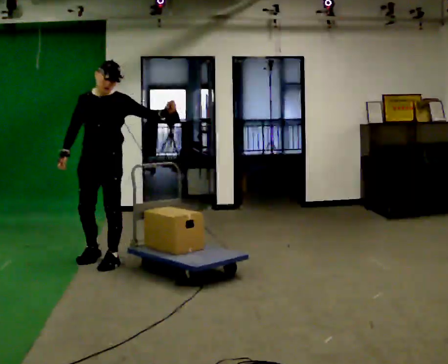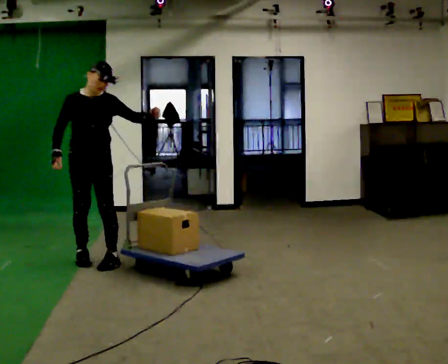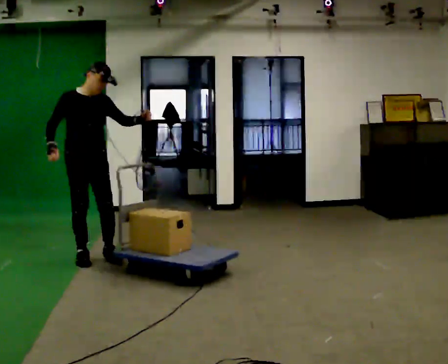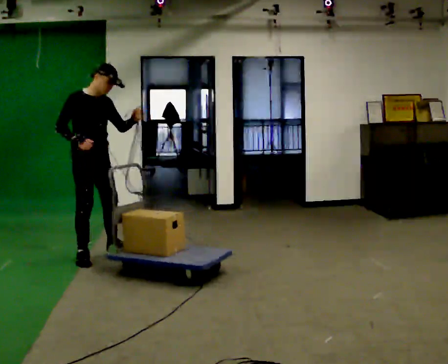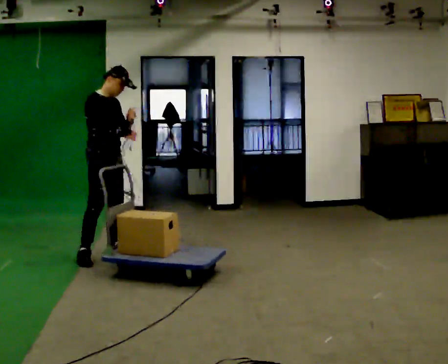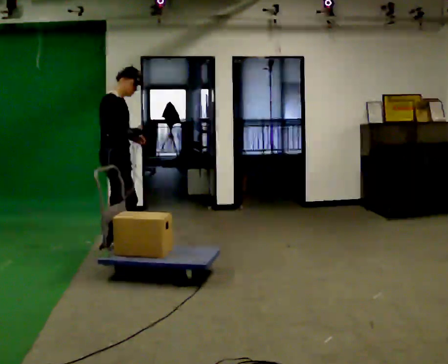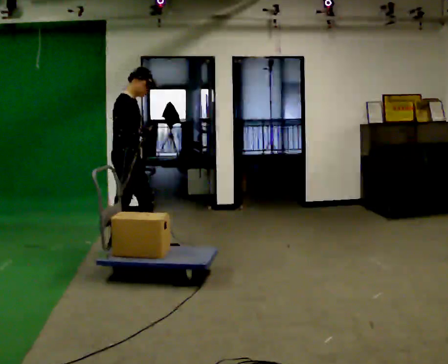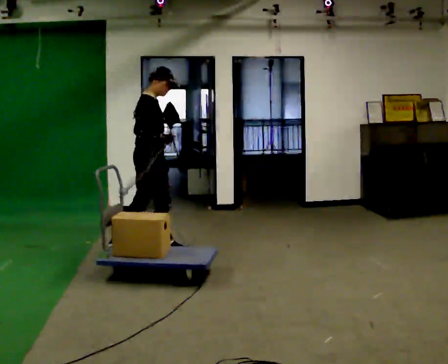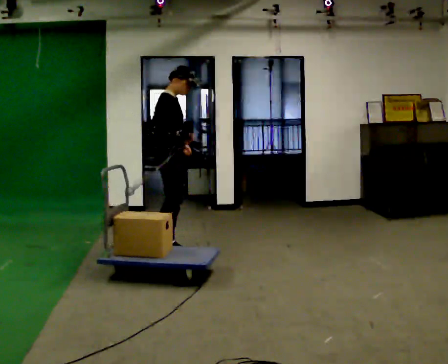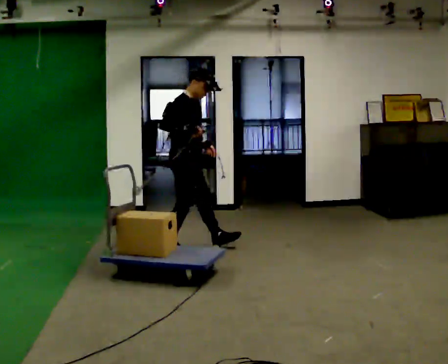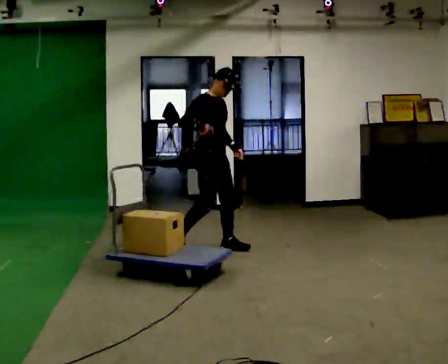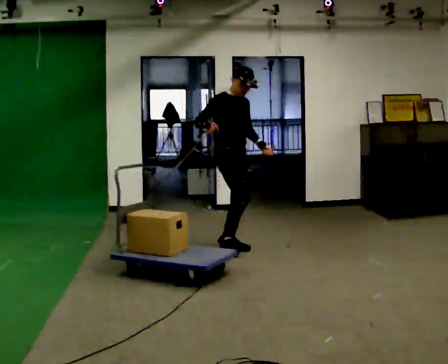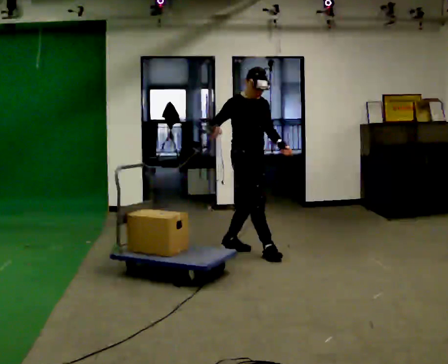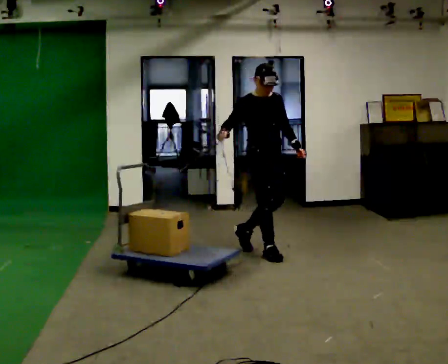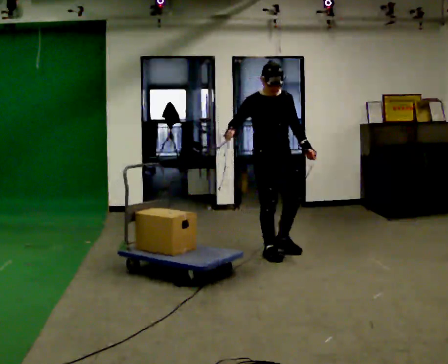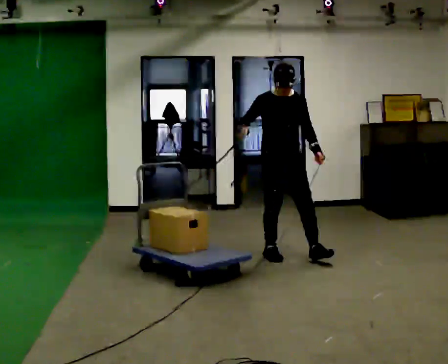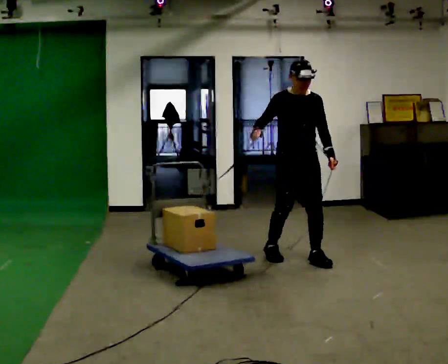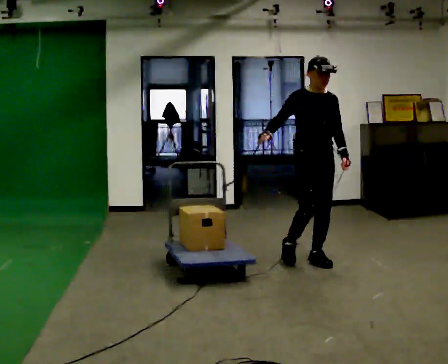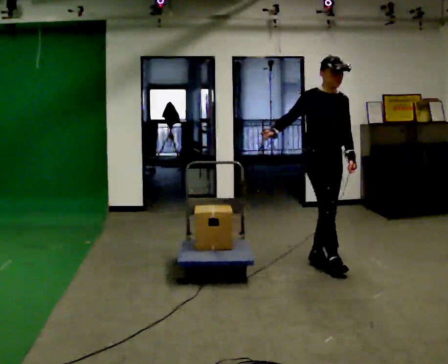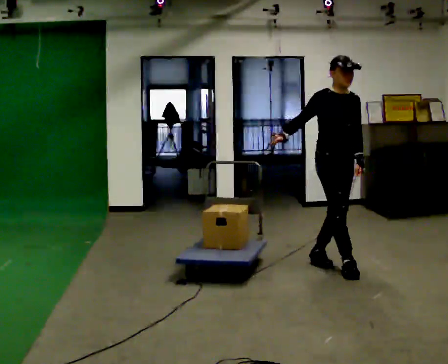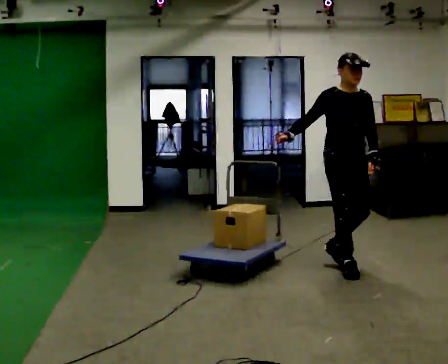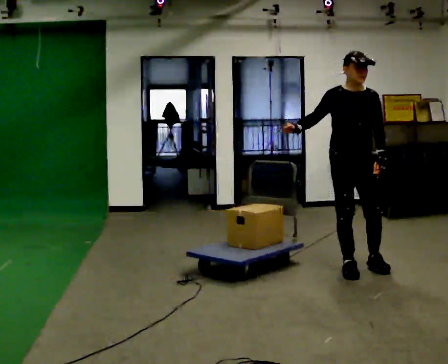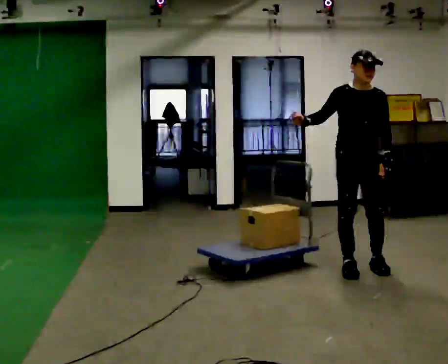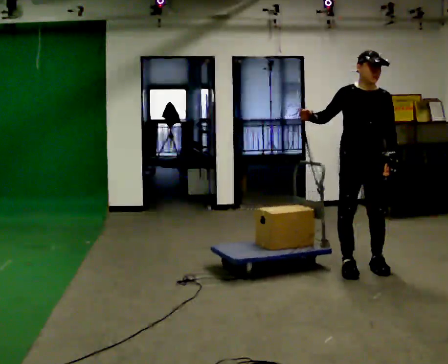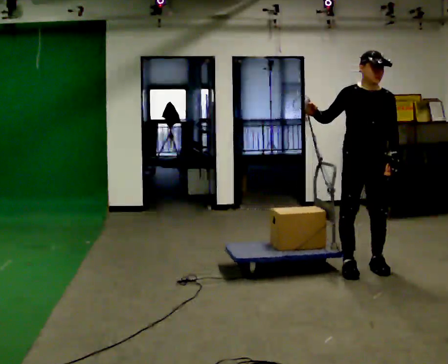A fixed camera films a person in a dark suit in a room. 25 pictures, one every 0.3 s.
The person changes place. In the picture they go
to the right.
The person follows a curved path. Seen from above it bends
clockwise.
0.0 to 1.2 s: Seen from above the body turns counterclockwise, about 75 degrees: to their left, with its near side sliding to the right. In the picture they go away from the camera, about 0.25 m in 2 steps.
1.2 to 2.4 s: The part of the body nearest the lens slides to the right as the person turns to their left by about 30 degrees. In the picture they go to the right, about 0.5 m in 1 step, which for them is forward.
2.4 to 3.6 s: Seen from above the body turns clockwise, about 45 degrees: to their right, with its near side sliding to the left. In the picture they go to the right, about 0.5 m in 2 steps, which for them is forward and to their left.
3.6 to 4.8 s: Seen from above the body turns clockwise, about 30 degrees: to their right, with its near side sliding to the left. In the picture they go to the right and toward the camera, about 0.5 m in 1 step, which for them is forward and to their left.
4.8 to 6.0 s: In the picture they go toward the camera and to the right, about 0.5 m in 1 step, which for them is forward.
6.0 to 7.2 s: The person moves a little, or ends about where they began.
The film runs forward here.
